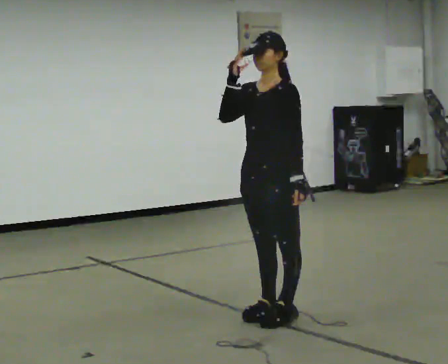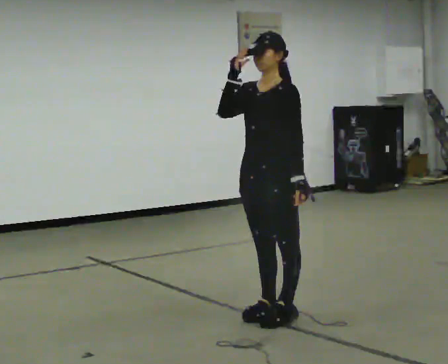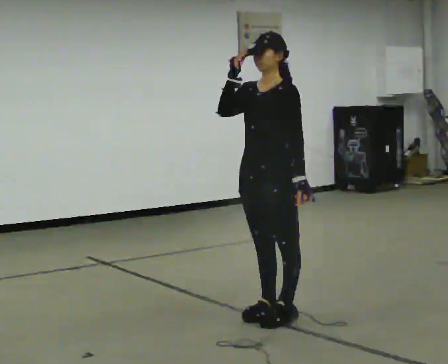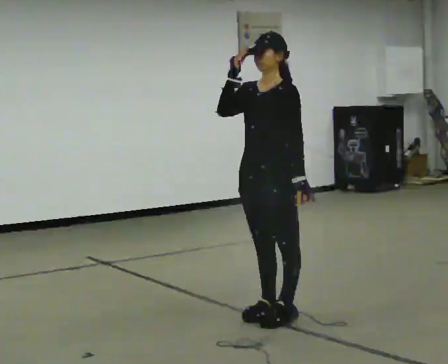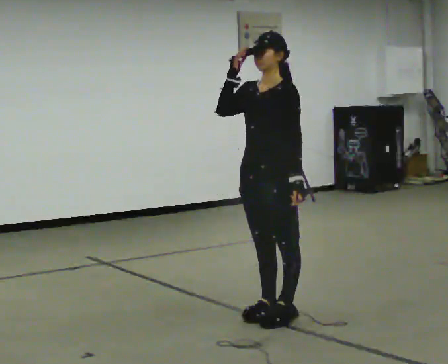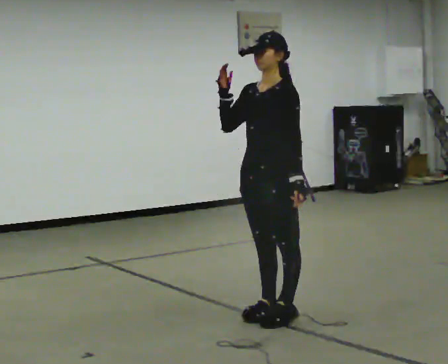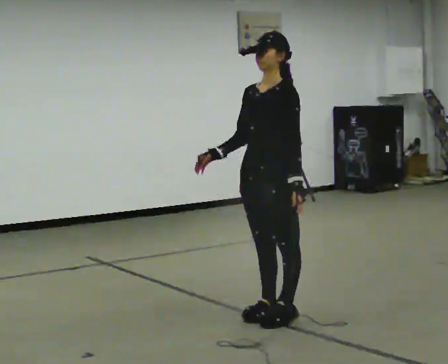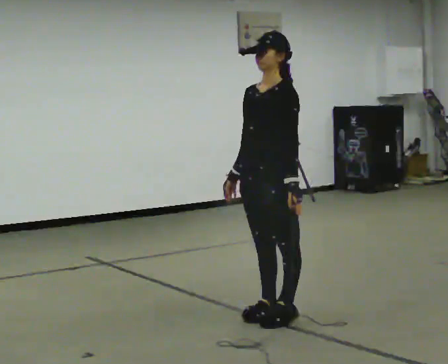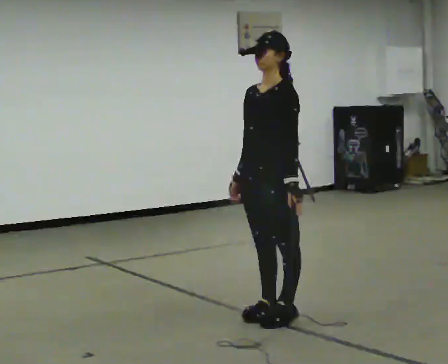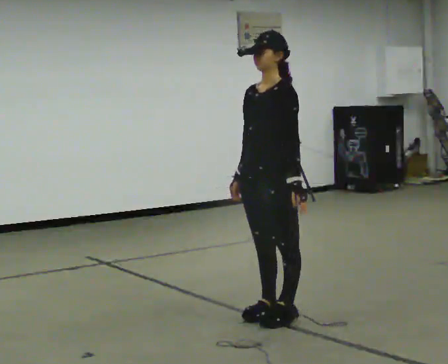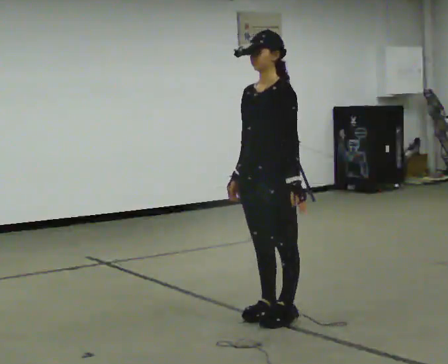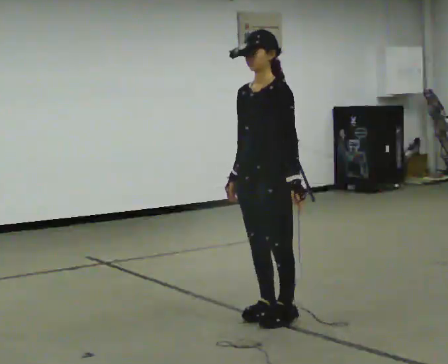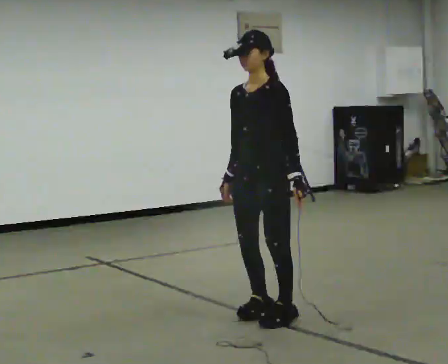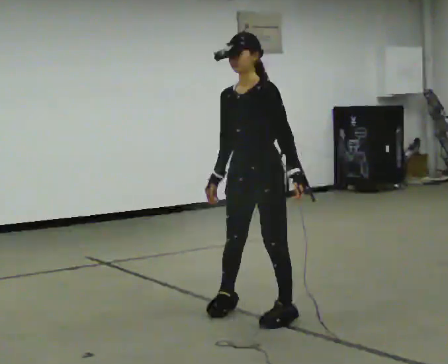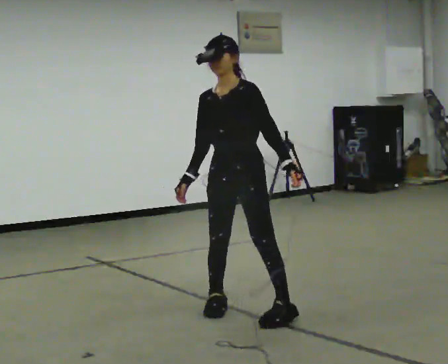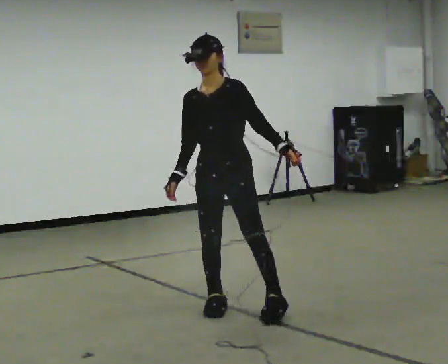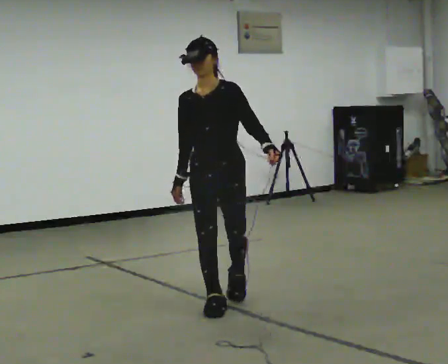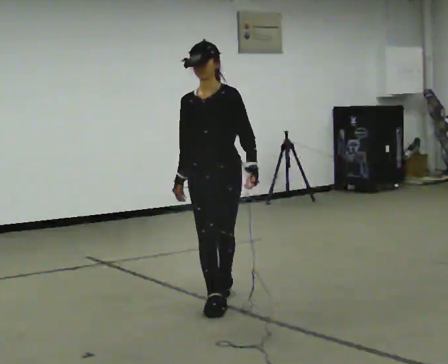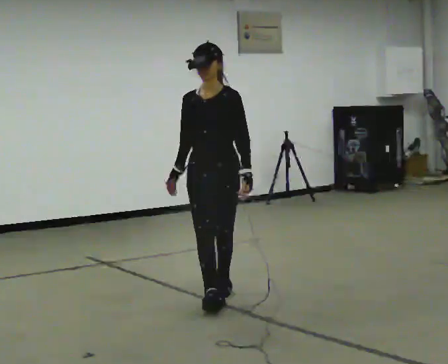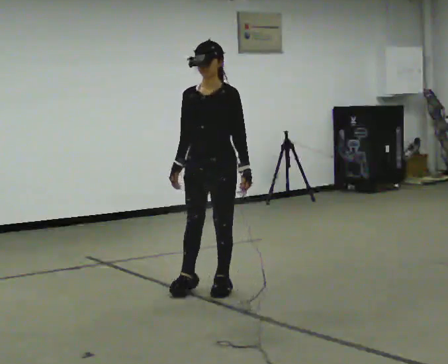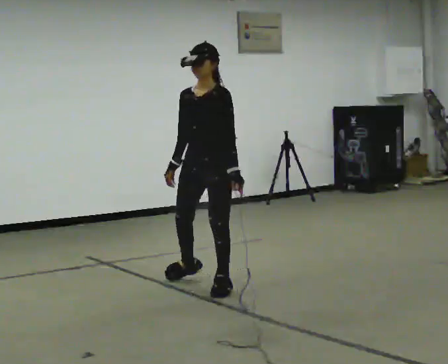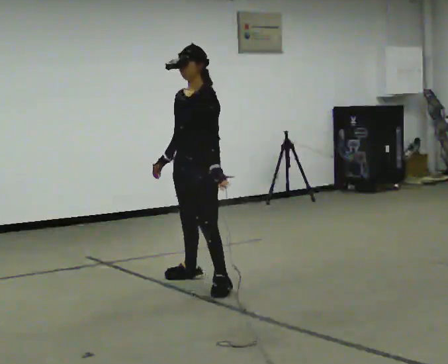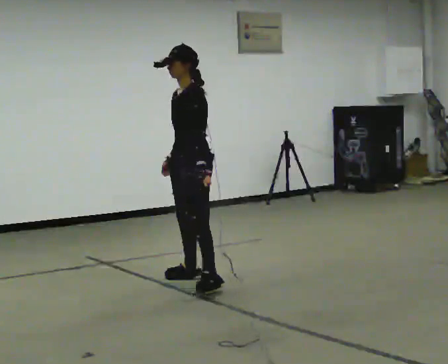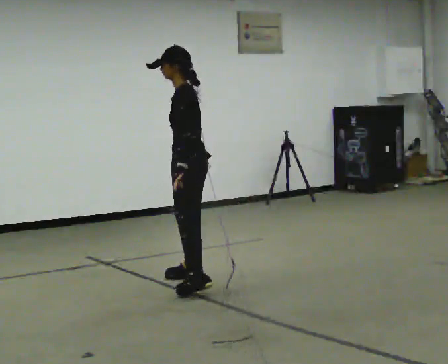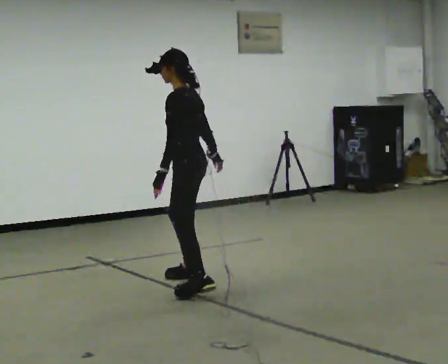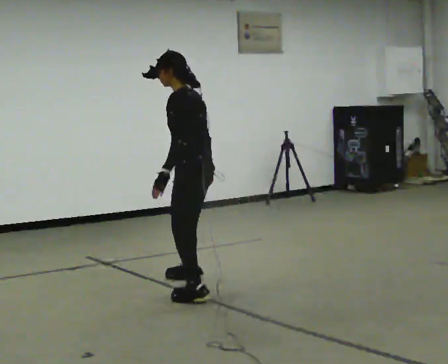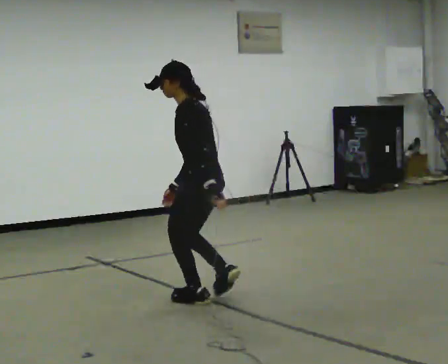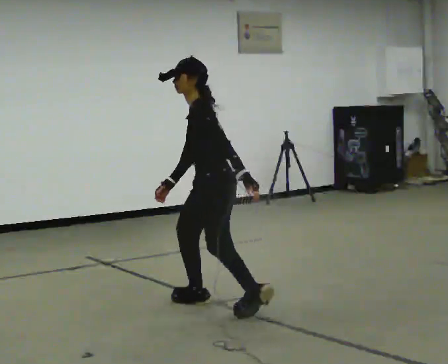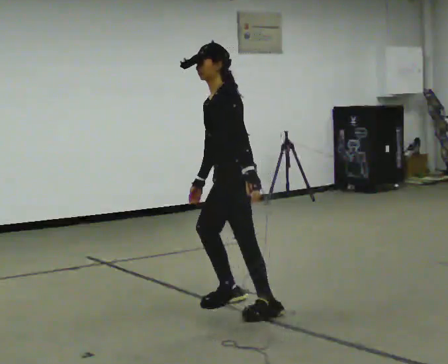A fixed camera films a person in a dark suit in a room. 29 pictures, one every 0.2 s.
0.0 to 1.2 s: In the picture their right hand goes downward.
1.2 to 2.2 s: The person moves a little, or ends about where they began.
2.2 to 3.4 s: The part of the body nearest the lens slides to the right as the person turns to their left by about 45 degrees. In the picture they go away from the camera and to the left, about 0.5 m in 2 steps, which for them is to their right.
3.4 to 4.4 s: Seen from above the body turns clockwise, about 45 degrees: to their right, with its near side sliding to the left. In the picture they go away from the camera, about 0.5 m in 2 steps, which for them is backward and to their right.
4.4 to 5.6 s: The person turns about 30 degrees to their right, clockwise seen from above, so the part of the body nearest the lens slides to the left. In the picture they go toward the camera, about 1 m in 2 steps, which for them is backward and to their left.
The film runs backward here.
